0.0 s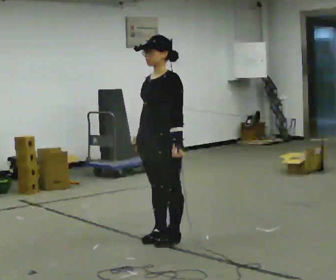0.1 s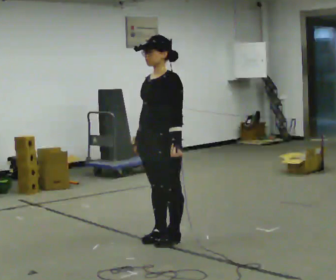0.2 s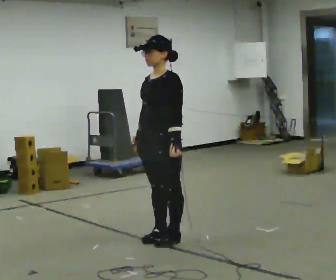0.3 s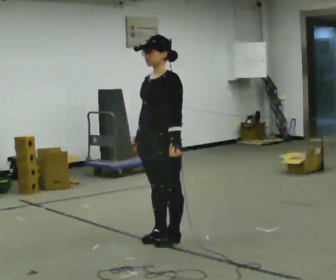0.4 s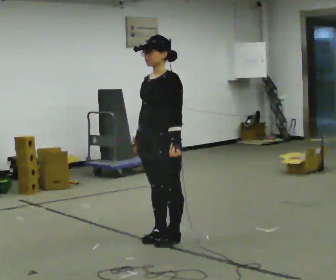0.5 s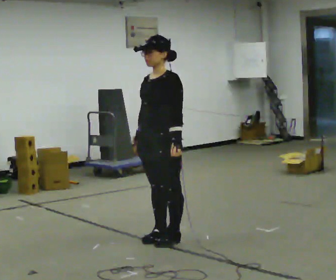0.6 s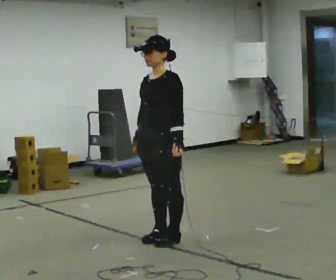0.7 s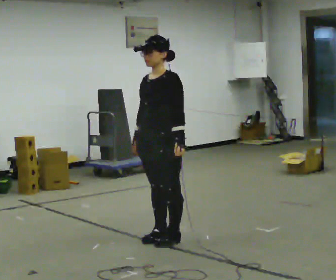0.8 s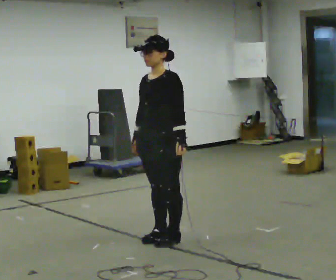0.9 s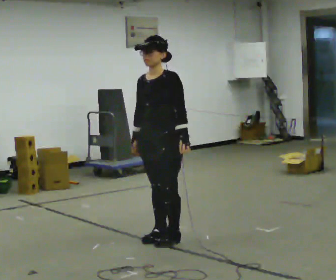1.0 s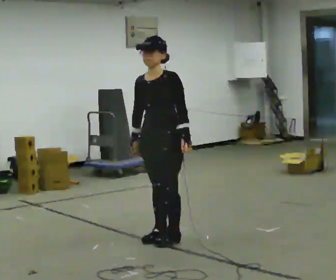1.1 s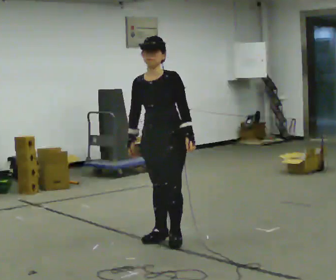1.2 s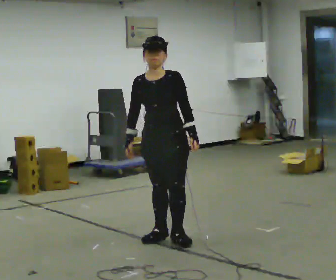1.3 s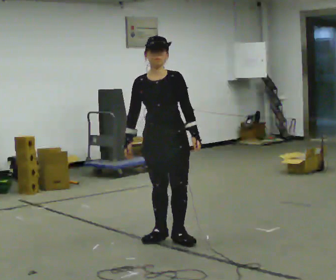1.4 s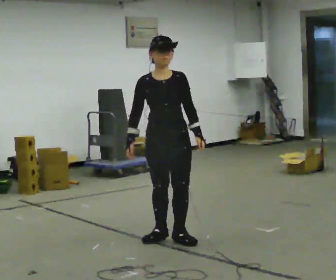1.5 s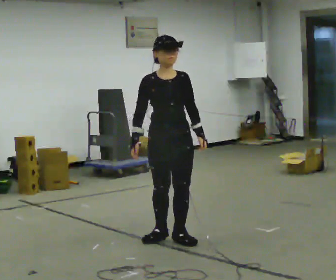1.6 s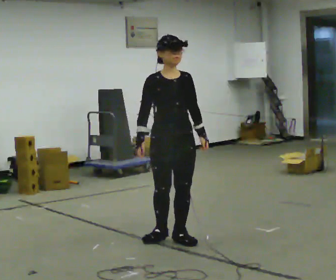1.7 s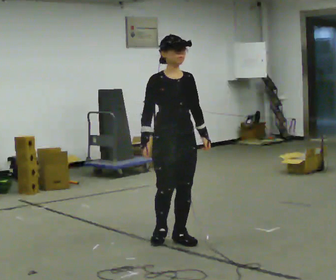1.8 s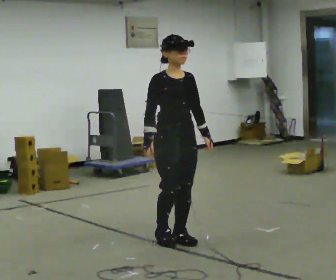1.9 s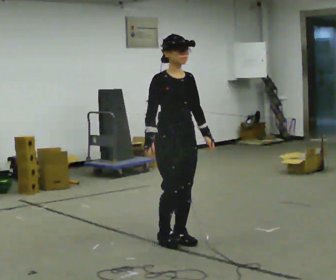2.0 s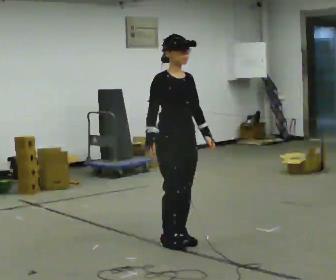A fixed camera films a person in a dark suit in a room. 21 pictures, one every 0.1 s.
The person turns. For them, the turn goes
to their left.
The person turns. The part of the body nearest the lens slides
to the right.
0.0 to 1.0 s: The person moves a little, or ends about where they began.
1.0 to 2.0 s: The part of the body nearest the lens slides to the right as the person turns to their left by about 75 degrees.
The film runs forward here.
